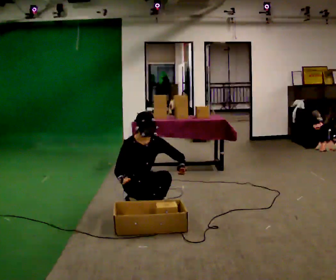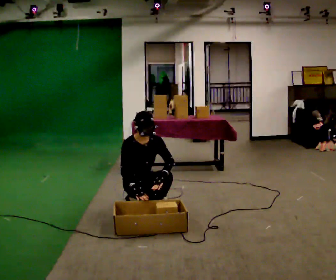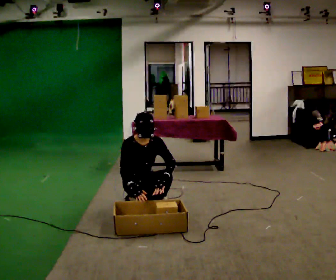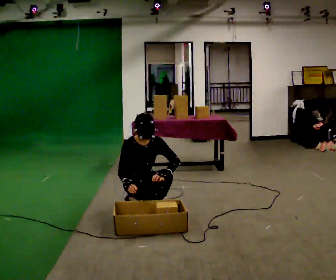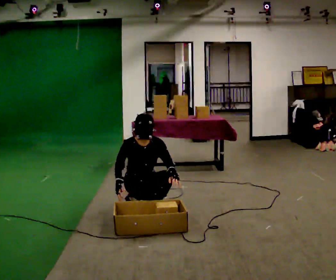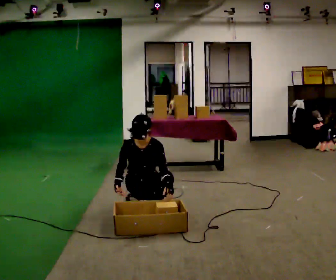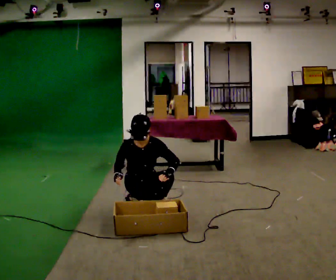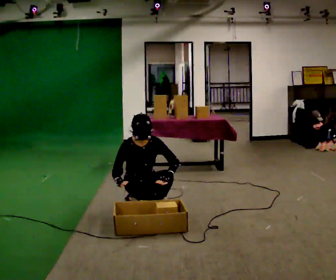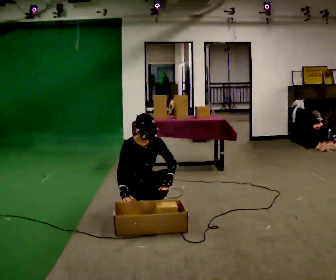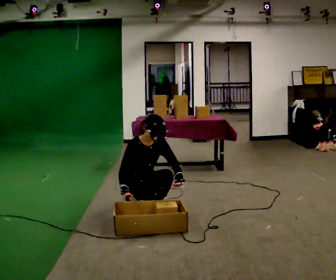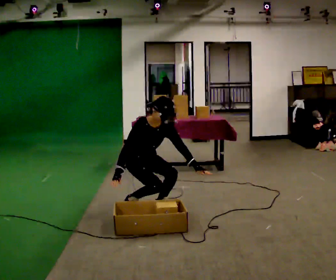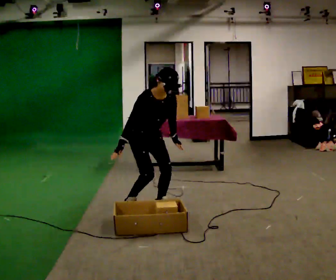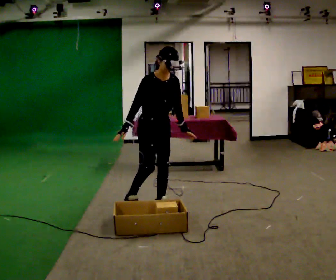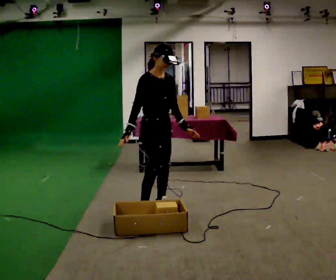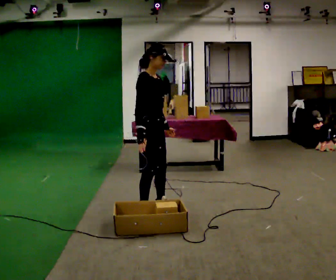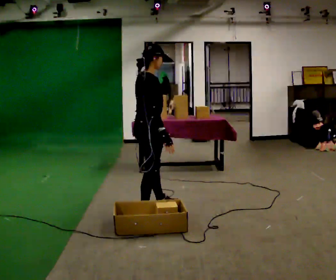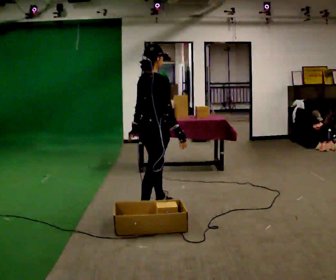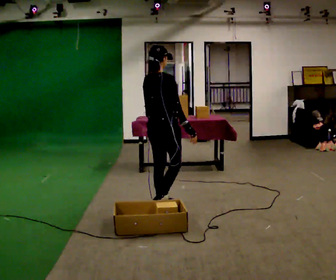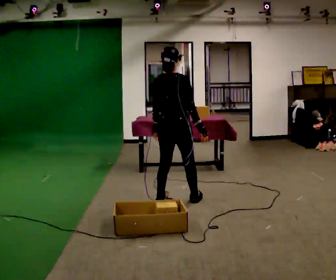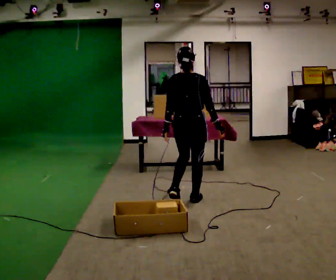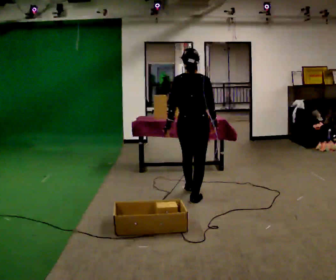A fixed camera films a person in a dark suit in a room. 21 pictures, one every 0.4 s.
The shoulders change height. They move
upward.
The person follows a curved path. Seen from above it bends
counterclockwise.
0.0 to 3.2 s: The person moves a little, or ends about where they began.
3.2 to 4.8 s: In the picture they go to the right, about 0.25 m, which for them is forward. The shoulders move upward. In the picture their left hand goes upward.
4.8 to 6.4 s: The person turns about 90 degrees to their left, counterclockwise seen from above, so the part of the body nearest the lens slides to the right. In the picture their right hand goes to the right, the arm swinging counterclockwise.
6.4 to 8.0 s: Seen from above the body turns counterclockwise, about 60 degrees: to their left, with its near side sliding to the right. In the picture they go to the right and away from the camera, about 0.5 m in 2 steps, which for them is forward and to their right.
The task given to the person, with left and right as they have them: Carry the object across the room, open the lid of the container, put the object inside, and close the lid again. Then go back for the next one. Keep going until the operator says stop; one object at a time, and do not rush between trips.
The film runs forward here.
